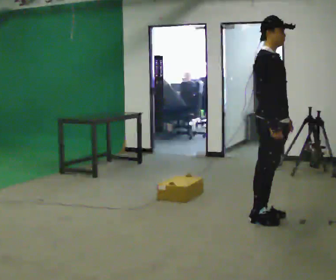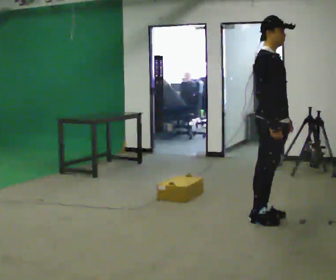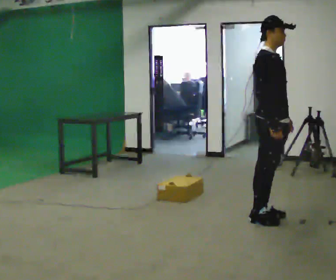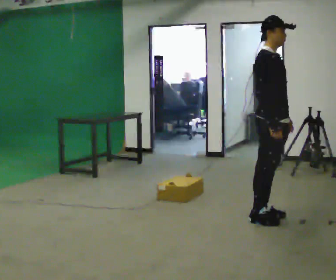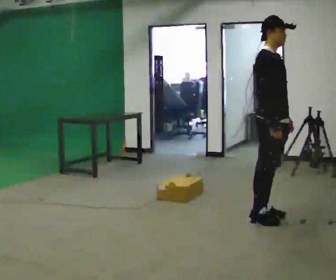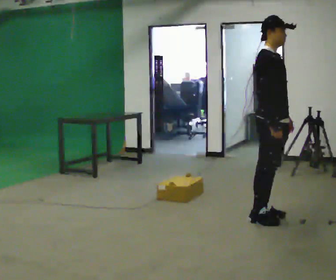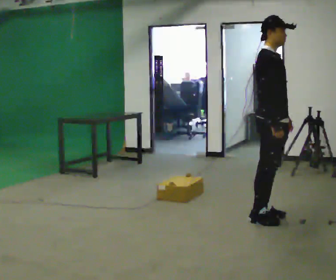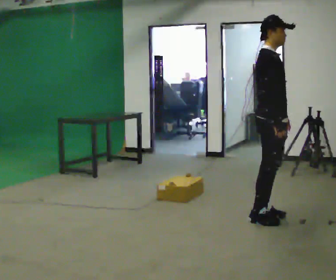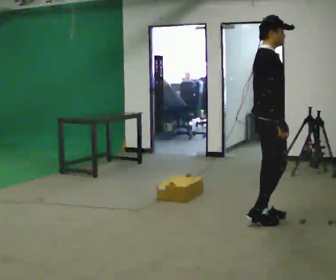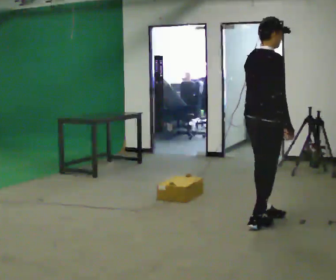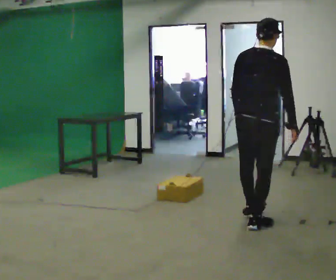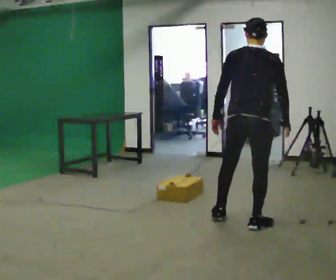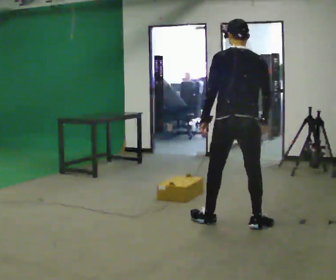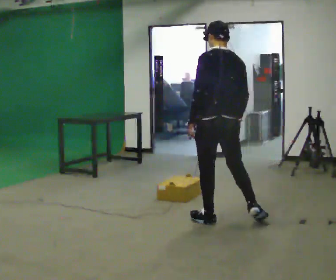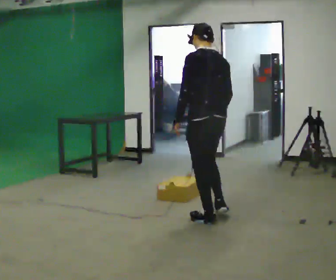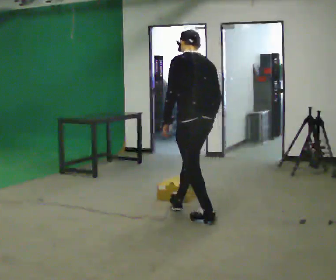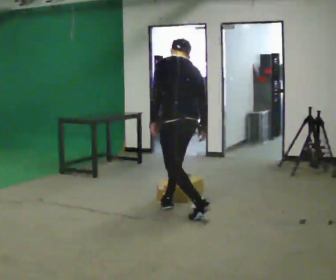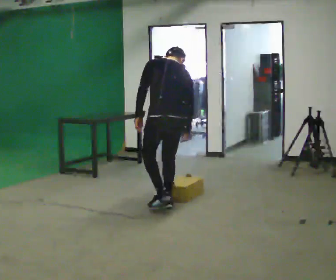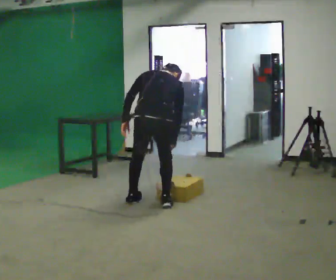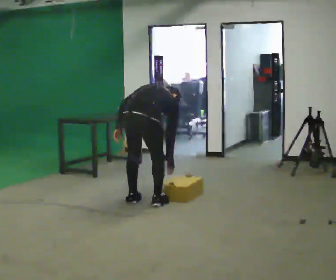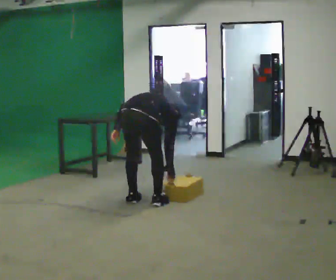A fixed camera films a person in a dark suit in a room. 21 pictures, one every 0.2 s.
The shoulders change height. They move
downward.
The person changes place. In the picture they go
to the left.
0.0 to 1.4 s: The person moves a little, or ends about where they began.
1.4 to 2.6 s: Seen from above the body turns counterclockwise, about 135 degrees: to their left, with its near side sliding to the right. In the picture they go to the left, about 0.5 m in 2 steps.
2.6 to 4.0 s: Seen from above the body turns clockwise, about 45 degrees: to their right, with its near side sliding to the left. In the picture they go to the left and away from the camera, about 1 m in 2 steps. The upper body goes downward. The upper body tips away from the camera, its near side rolling upward, as they bend forward.
The film runs forward here.
